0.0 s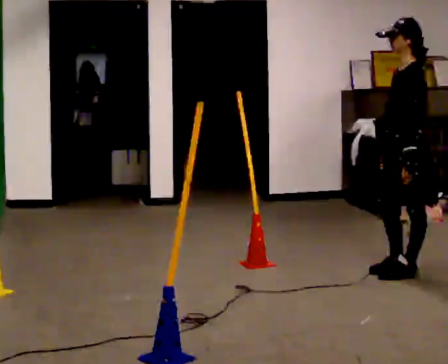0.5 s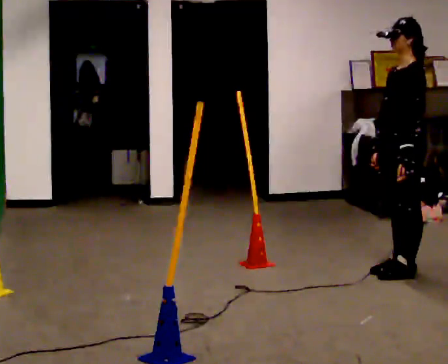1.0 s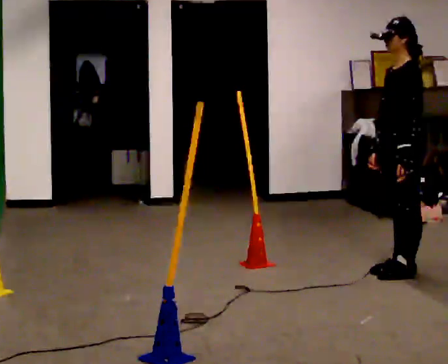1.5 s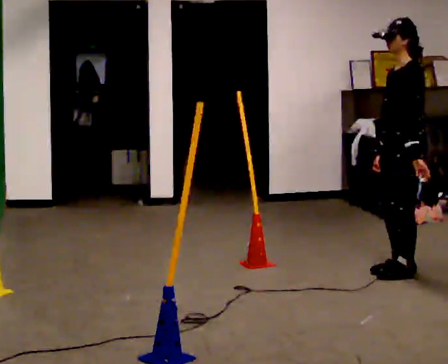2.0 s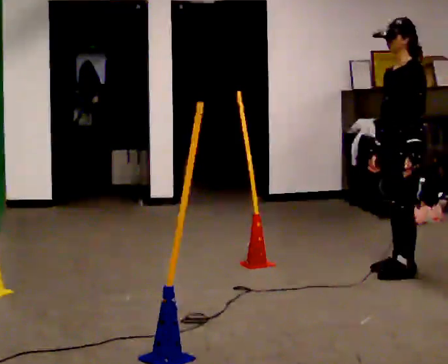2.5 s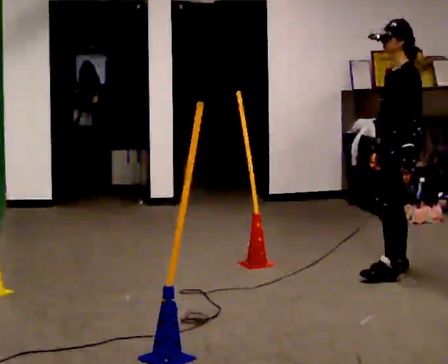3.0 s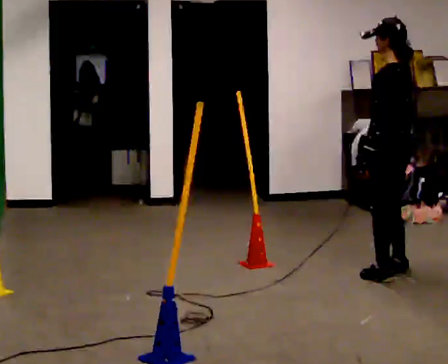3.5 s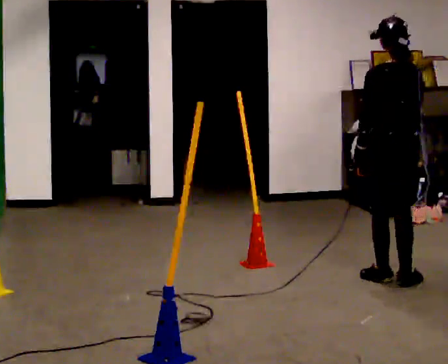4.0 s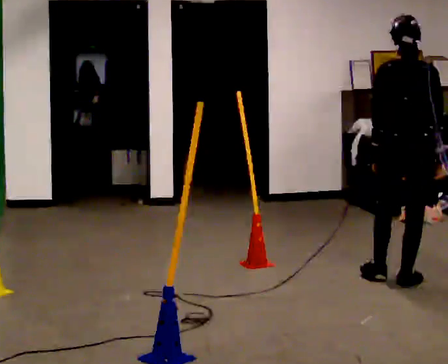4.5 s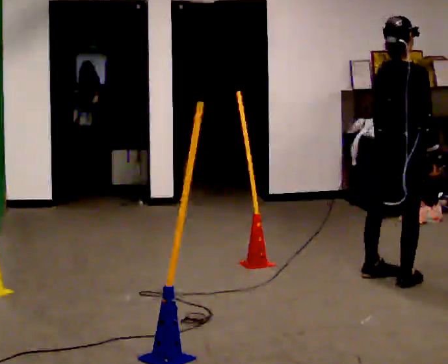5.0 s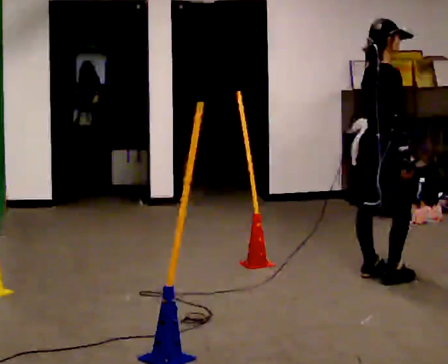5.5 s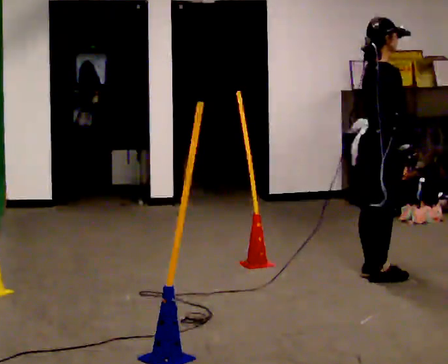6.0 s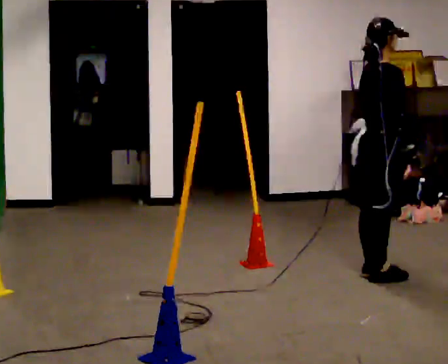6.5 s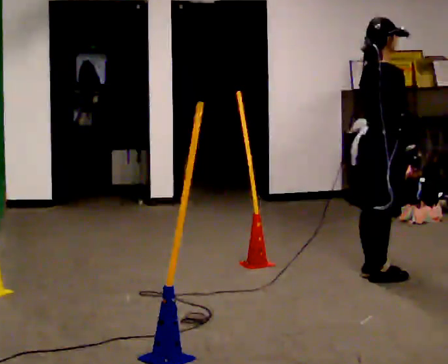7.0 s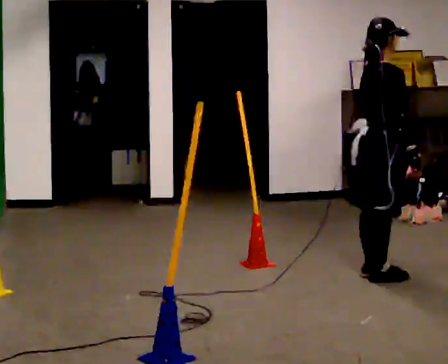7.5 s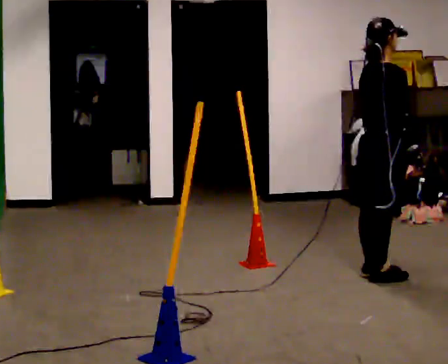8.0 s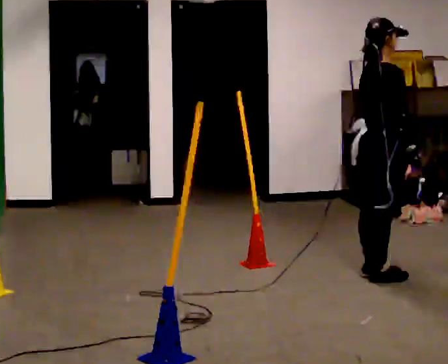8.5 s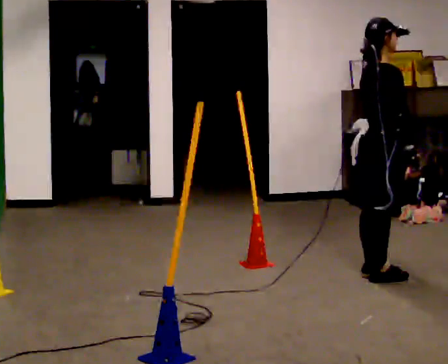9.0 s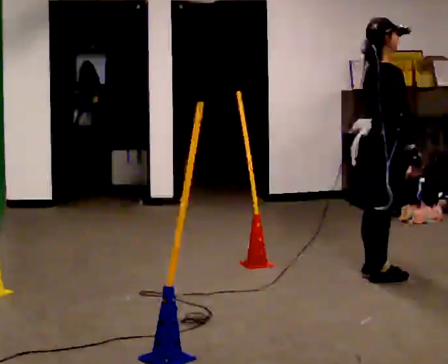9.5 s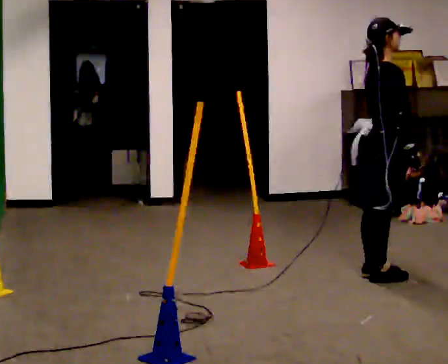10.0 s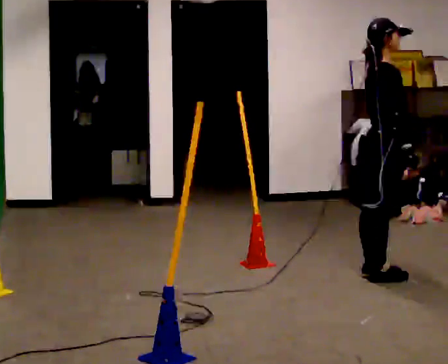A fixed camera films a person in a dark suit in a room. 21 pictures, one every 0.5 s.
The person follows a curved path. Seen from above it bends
clockwise.
0.0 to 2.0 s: The person moves a little, or ends about where they began.
2.0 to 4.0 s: Seen from above the body turns clockwise, about 105 degrees: to their right, with its near side sliding to the left. In the picture they go toward the camera, about 0.25 m in 2 steps.
4.0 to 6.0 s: The person turns about 60 degrees to their right, clockwise seen from above, so the part of the body nearest the lens slides to the left. In the picture they go away from the camera and to the left, about 0.25 m in 1 step.
6.0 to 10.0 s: The person moves a little, or ends about where they began.
The film runs backward here.
